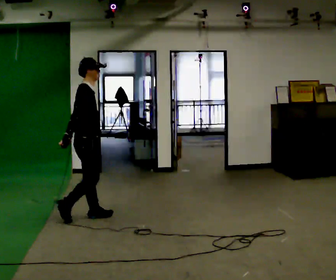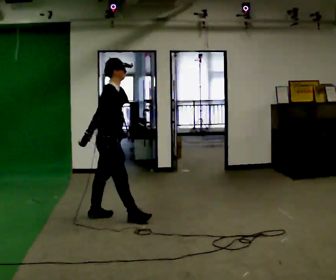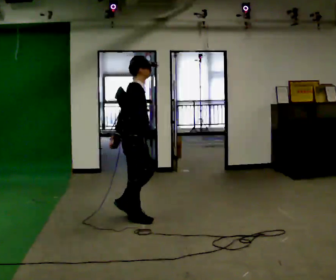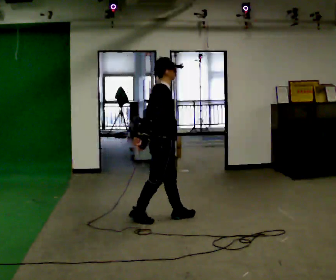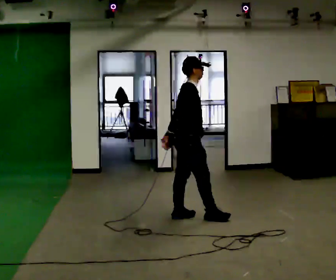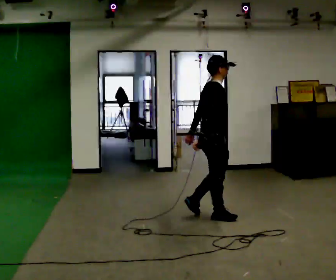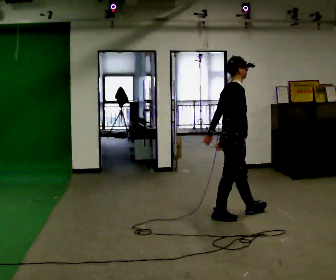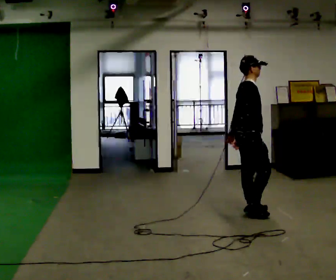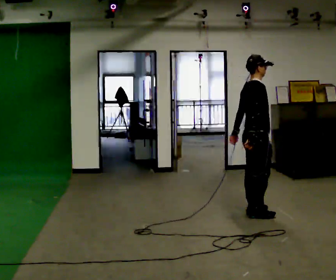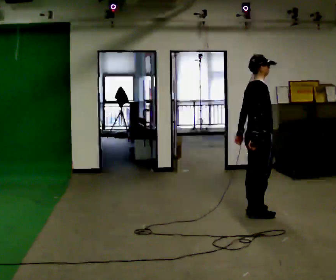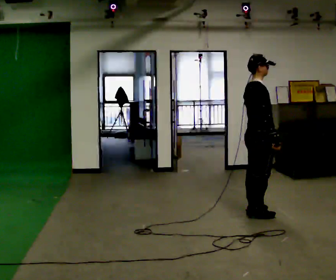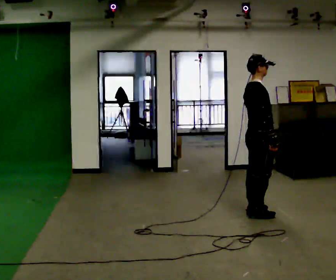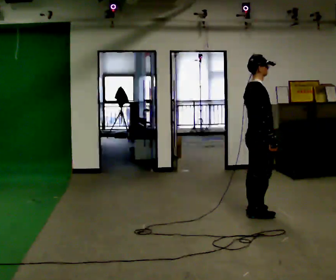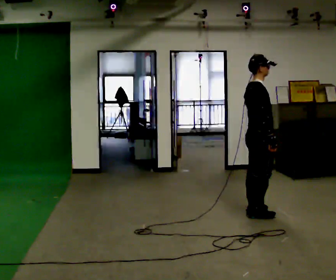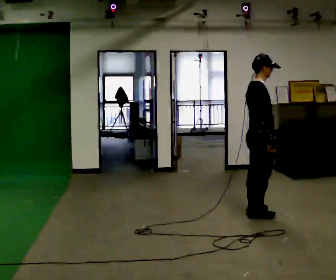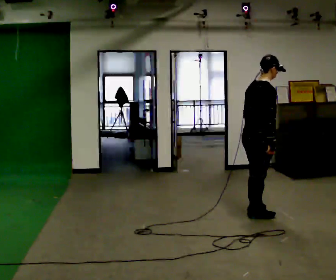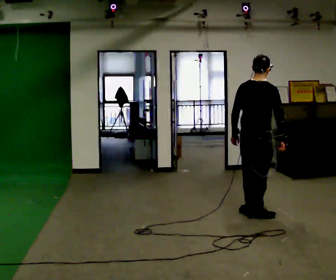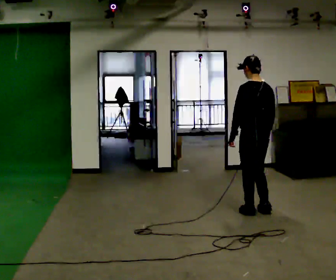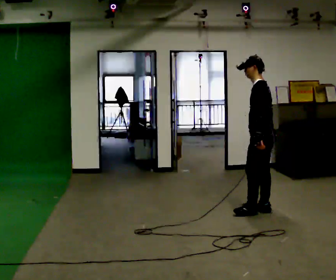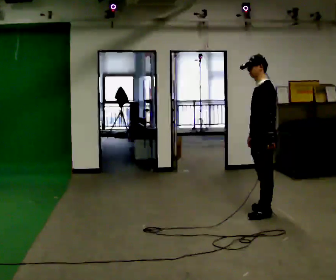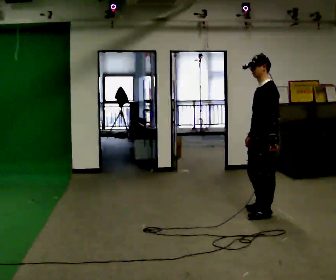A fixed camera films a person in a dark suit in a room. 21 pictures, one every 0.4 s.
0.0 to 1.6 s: In the picture they go to the right, about 1 m in 2 steps, which for them is forward.
1.6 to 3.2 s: In the picture they go to the right, about 0.5 m in 3 steps, which for them is forward.
3.2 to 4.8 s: The person moves a little, or ends about where they began.
4.8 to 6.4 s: The person turns about 45 degrees to their left, counterclockwise seen from above, so the part of the body nearest the lens slides to the right.
6.4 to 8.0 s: Seen from above the body turns counterclockwise, about 120 degrees: to their left, with its near side sliding to the right. In the picture their right hand goes to the left, the arm swinging clockwise.
The film runs forward here.
